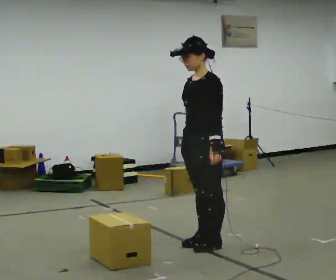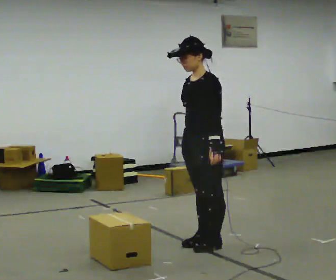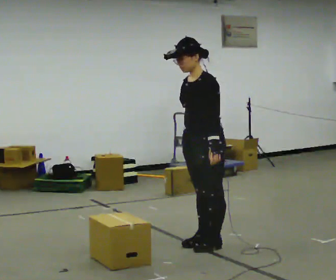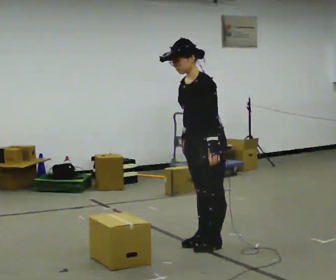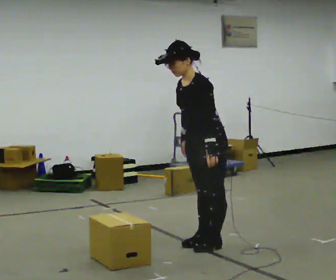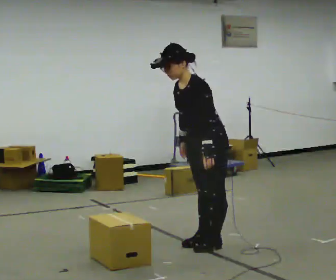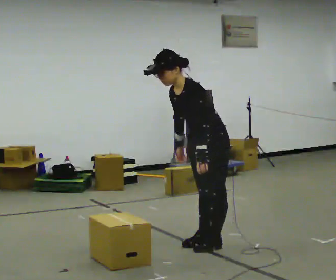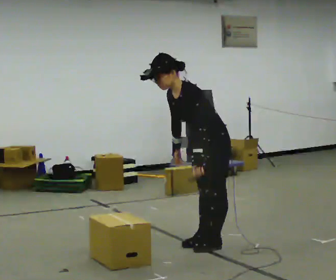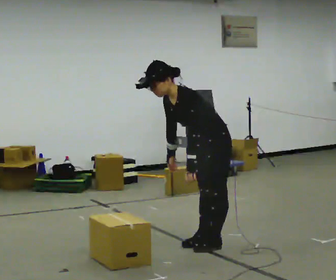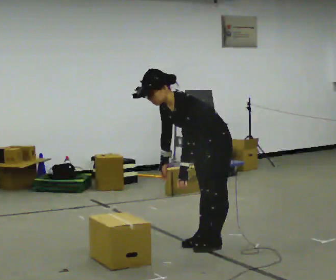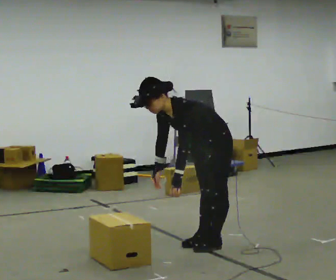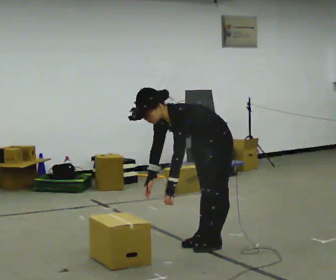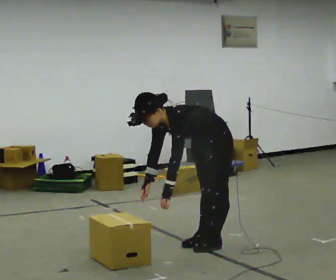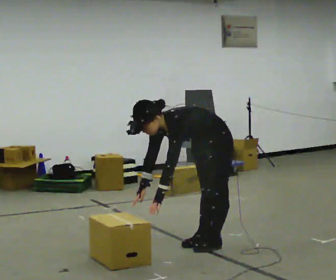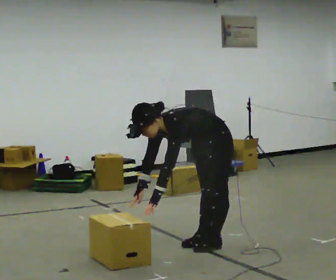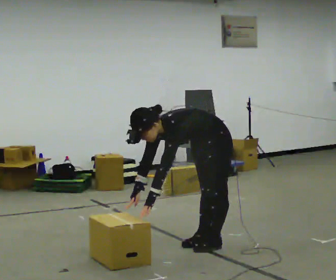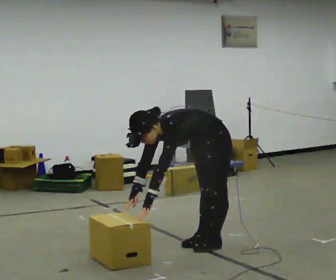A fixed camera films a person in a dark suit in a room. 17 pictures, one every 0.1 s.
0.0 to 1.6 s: The upper body goes downward. In the picture the upper body tilts counterclockwise, shoulders to the left, as they bend forward. In the picture their right hand goes downward and to the left.
The film runs forward here.
